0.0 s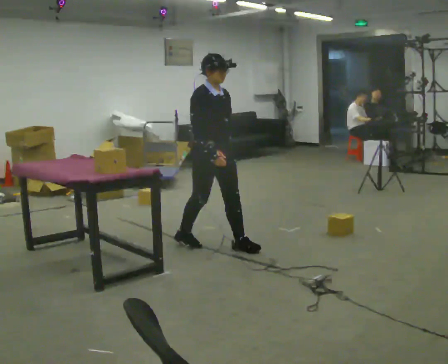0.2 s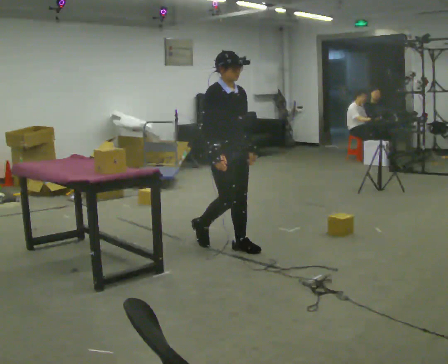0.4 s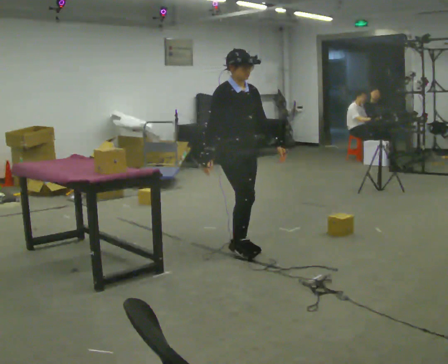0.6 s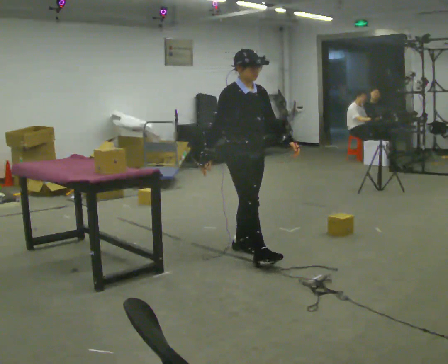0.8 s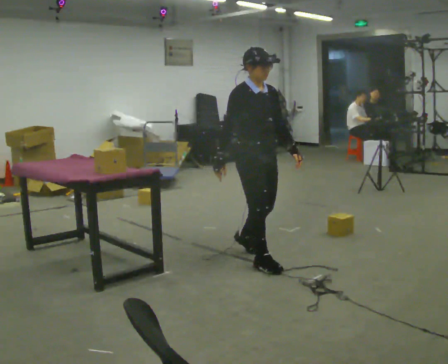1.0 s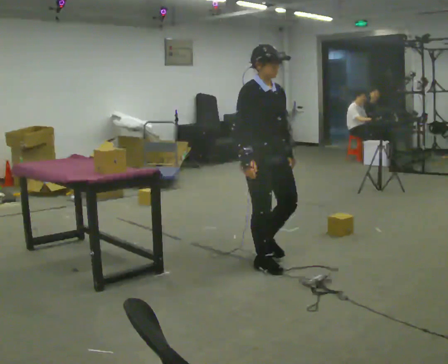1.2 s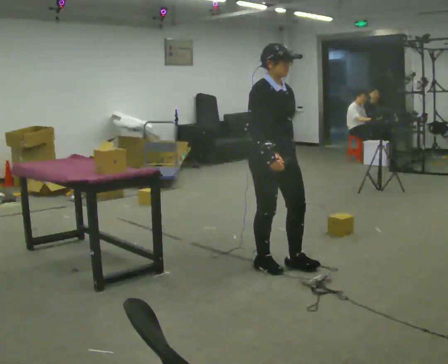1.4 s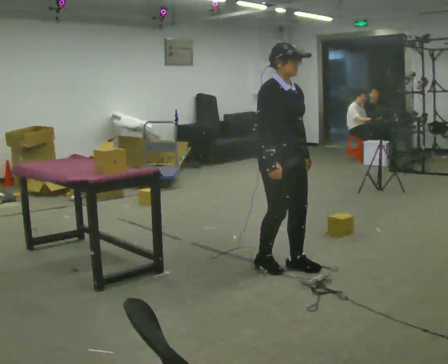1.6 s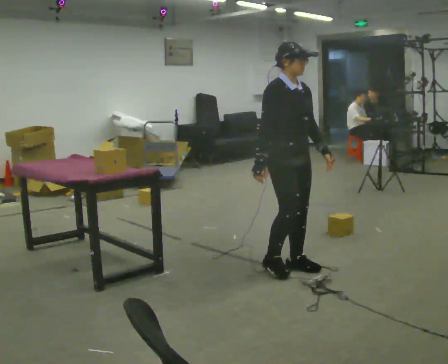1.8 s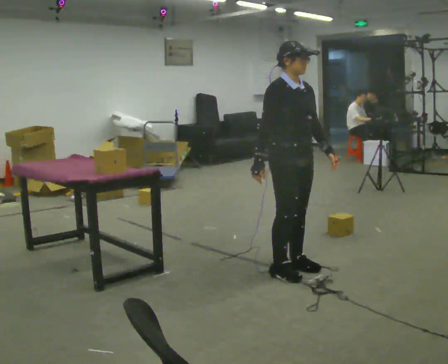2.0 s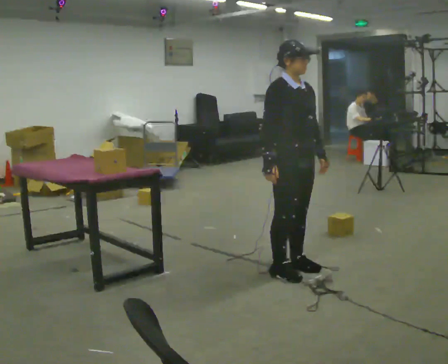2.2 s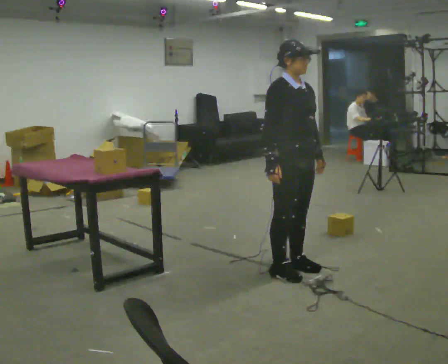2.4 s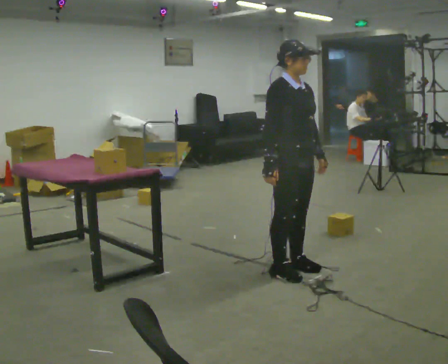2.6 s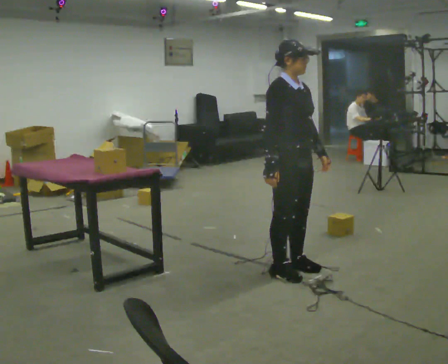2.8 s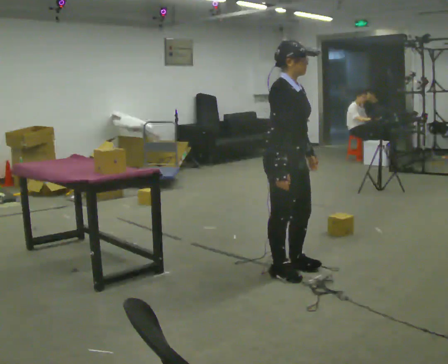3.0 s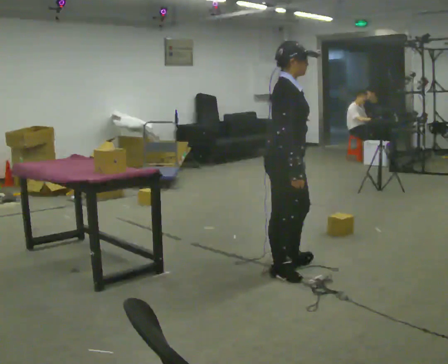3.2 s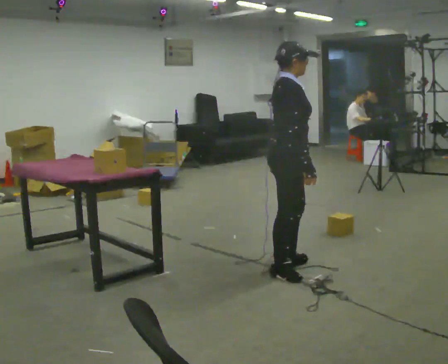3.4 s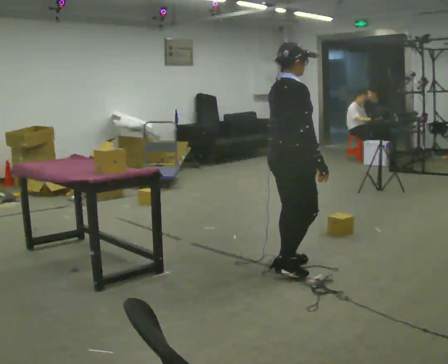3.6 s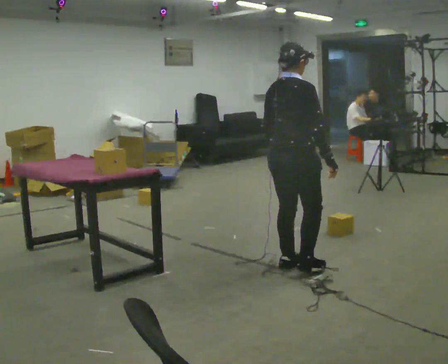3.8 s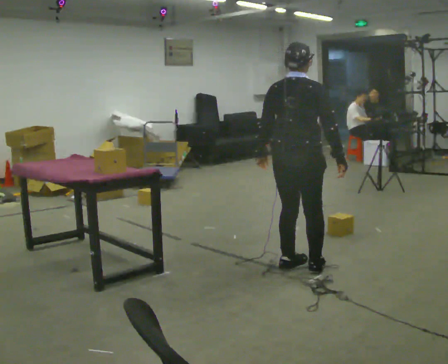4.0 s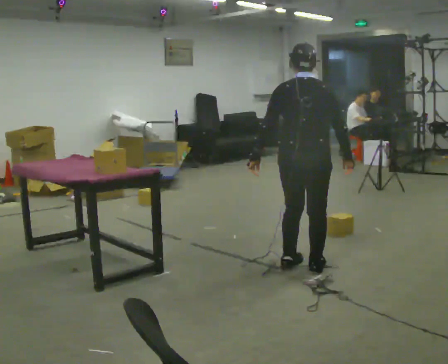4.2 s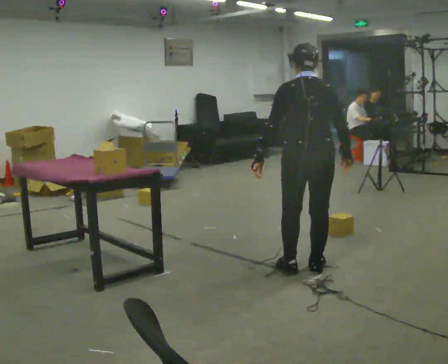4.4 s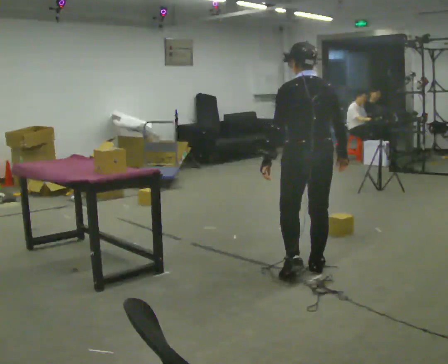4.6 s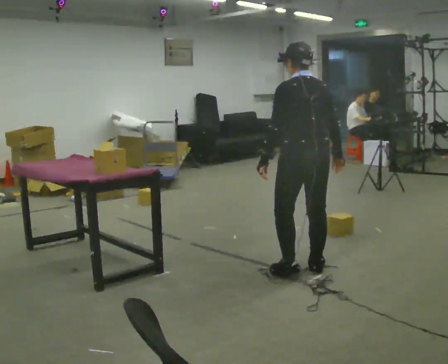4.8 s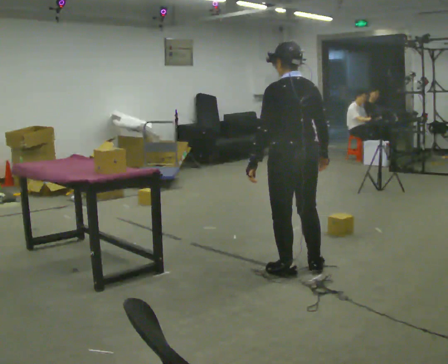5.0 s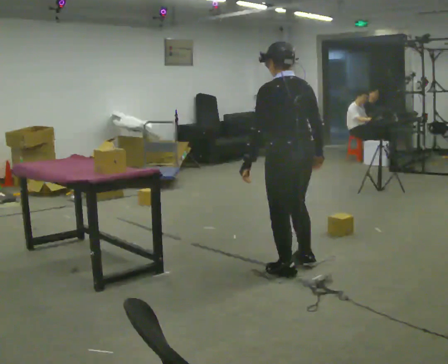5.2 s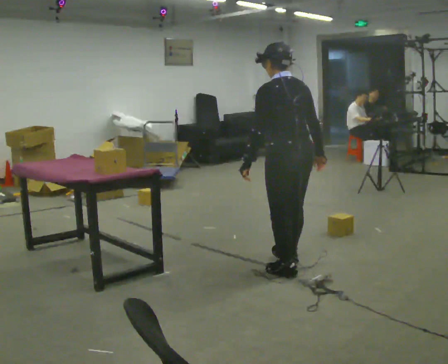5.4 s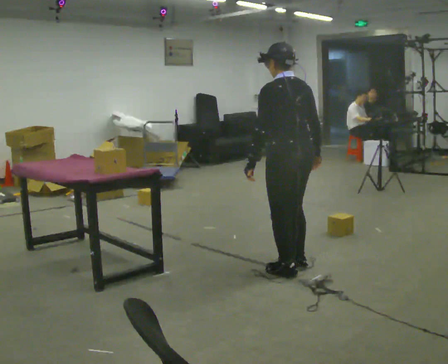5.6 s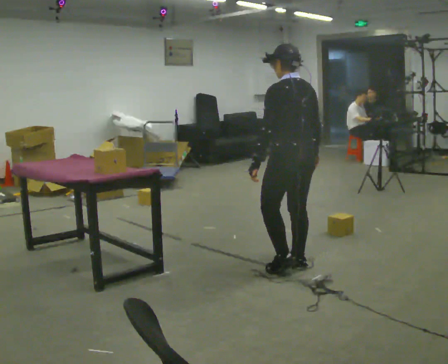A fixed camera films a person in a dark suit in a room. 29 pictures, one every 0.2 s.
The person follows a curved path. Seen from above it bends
counterclockwise.
The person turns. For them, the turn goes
to their left.
0.0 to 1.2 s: In the picture they go toward the camera and to the right, about 0.75 m in 1 step, which for them is forward.
1.2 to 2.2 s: The person moves a little, or ends about where they began.
2.2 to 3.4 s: The part of the body nearest the lens slides to the right as the person turns to their left by about 60 degrees. In the picture their right hand goes to the right.
3.4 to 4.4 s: The person turns about 90 degrees to their left, counterclockwise seen from above, so the part of the body nearest the lens slides to the right.
4.4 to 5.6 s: The person moves a little, or ends about where they began.
The film runs forward here.
